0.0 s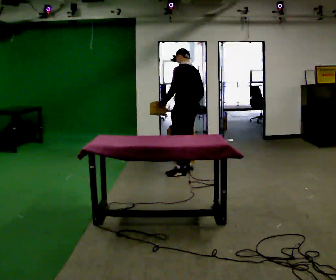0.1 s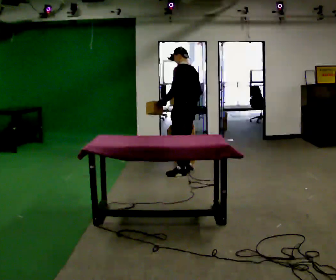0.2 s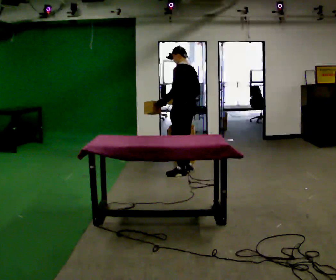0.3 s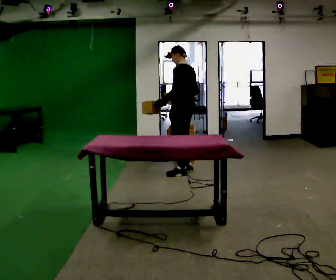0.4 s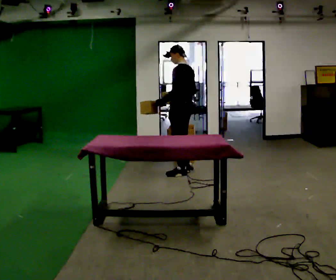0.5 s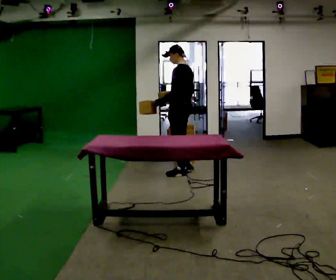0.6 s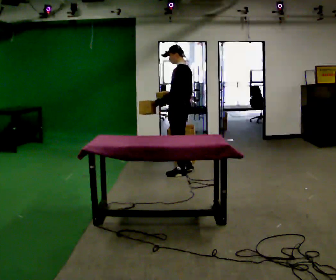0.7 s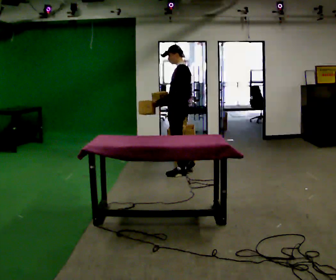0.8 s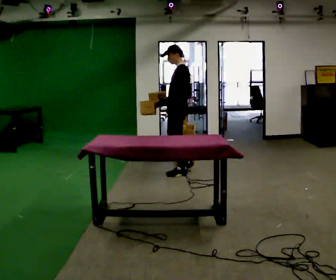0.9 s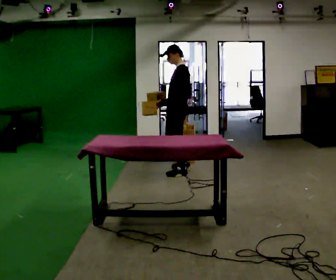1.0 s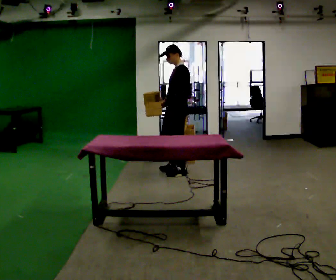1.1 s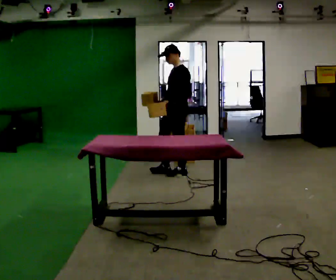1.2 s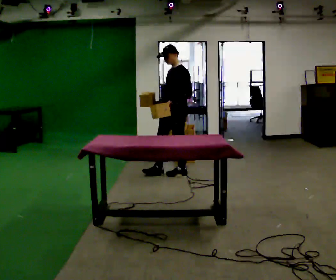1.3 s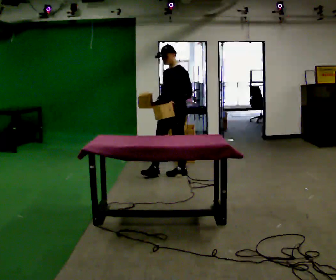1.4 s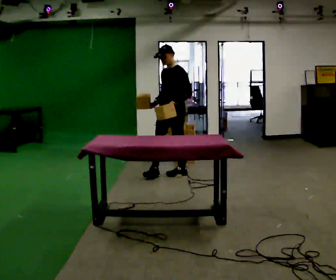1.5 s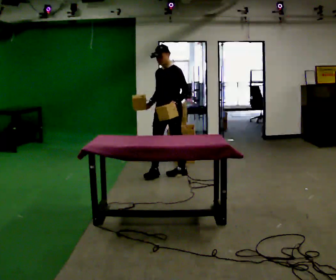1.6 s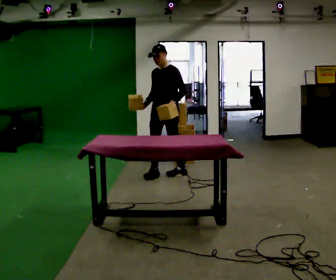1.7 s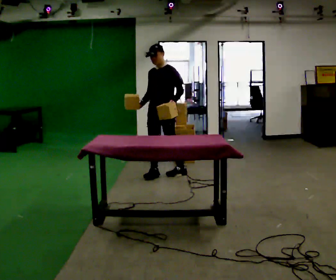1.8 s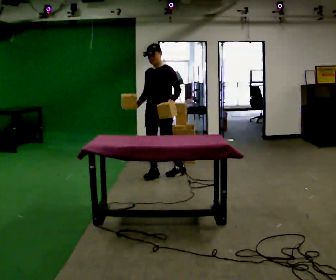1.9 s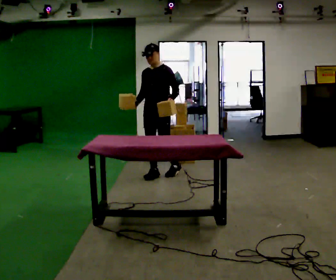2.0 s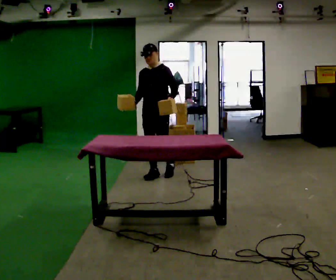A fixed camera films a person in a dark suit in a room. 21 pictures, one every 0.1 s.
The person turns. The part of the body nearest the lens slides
to the right.
Their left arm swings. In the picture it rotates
counterclockwise.
0.0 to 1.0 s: The person turns about 60 degrees to their left, counterclockwise seen from above, so the part of the body nearest the lens slides to the right. In the picture they go toward the camera, about 0.25 m, which for them is to their left.
1.0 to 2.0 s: The person turns about 45 degrees to their left, counterclockwise seen from above, so the part of the body nearest the lens slides to the right. In the picture they go to the left, about 0.25 m in 1 step, which for them is forward and to their right.
The film runs forward here.
